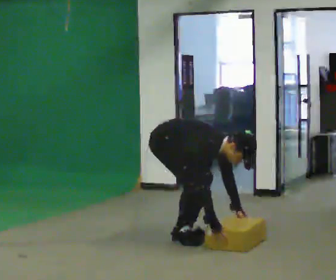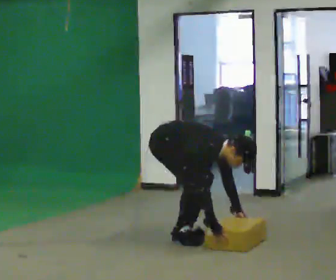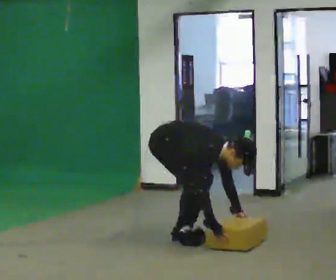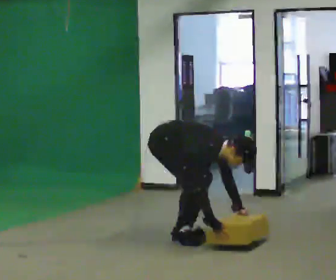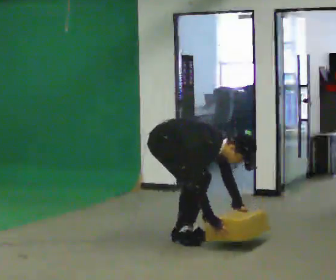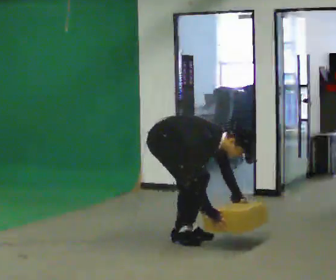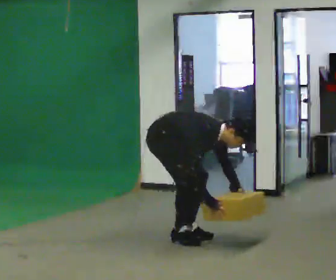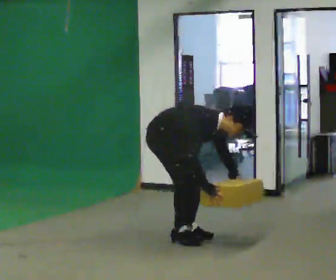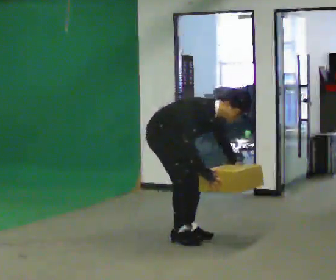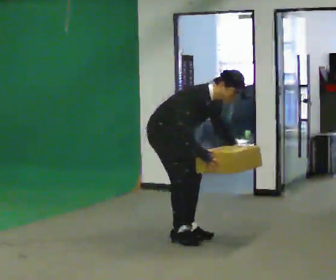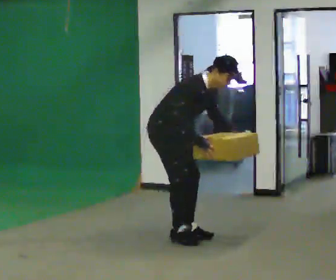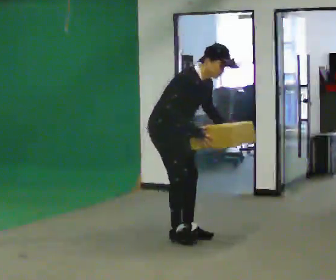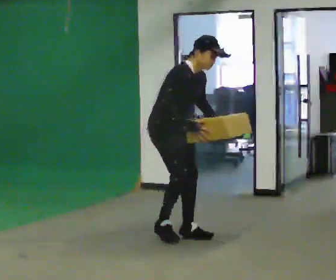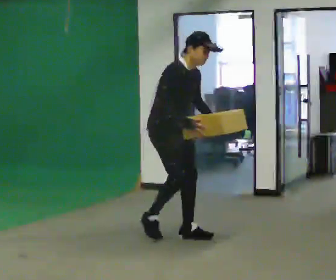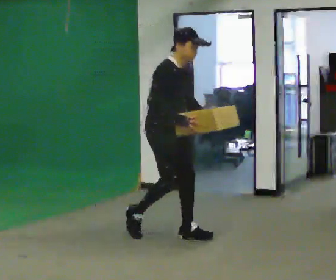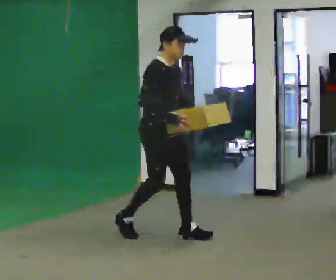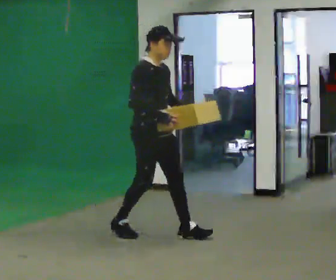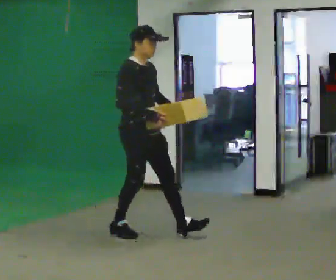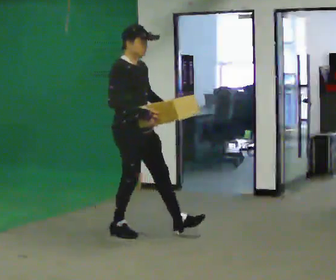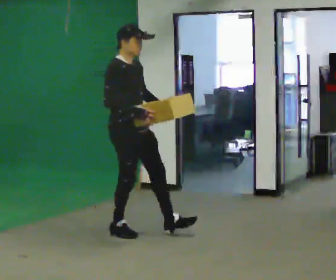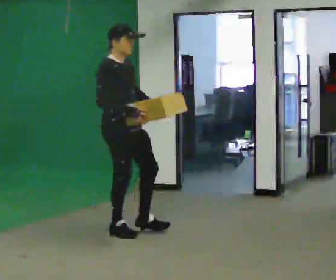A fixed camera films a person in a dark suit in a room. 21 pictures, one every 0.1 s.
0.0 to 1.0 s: The shoulders move upward. In the picture the upper body tilts counterclockwise, shoulders to the left, as they lean back or straighten. In the picture their right hand goes upward.
1.0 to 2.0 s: In the picture they go to the left, about 0.5 m in 2 steps, which for them is backward. The shoulders move upward. In the picture the upper body tilts counterclockwise, shoulders to the left, as they lean back or straighten.
The film runs backward here.
